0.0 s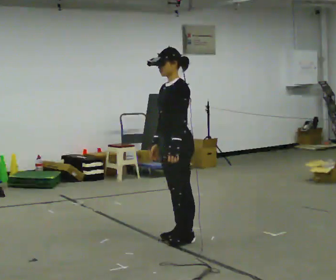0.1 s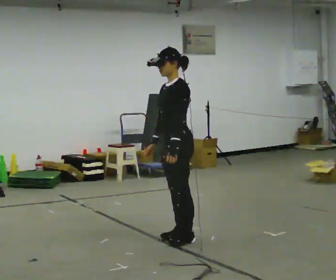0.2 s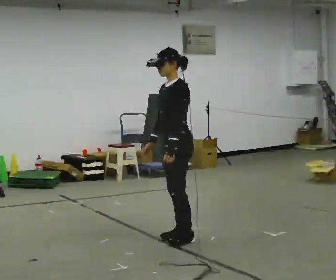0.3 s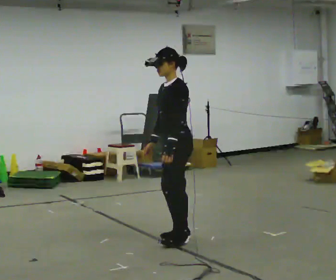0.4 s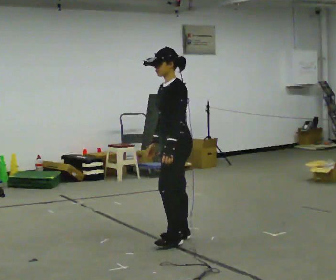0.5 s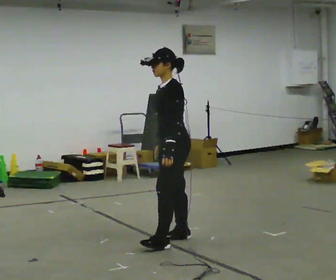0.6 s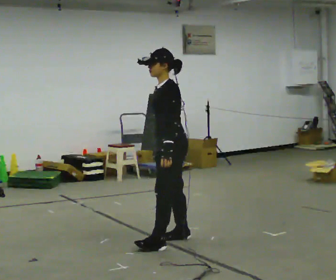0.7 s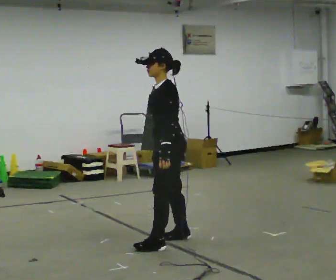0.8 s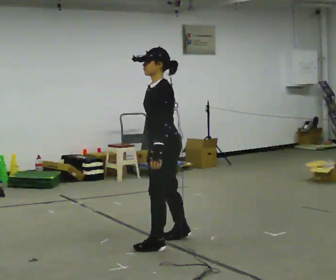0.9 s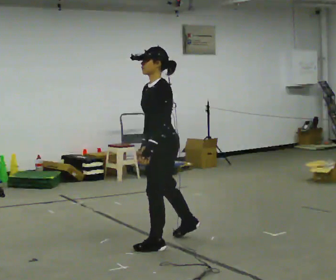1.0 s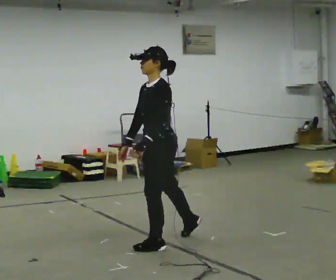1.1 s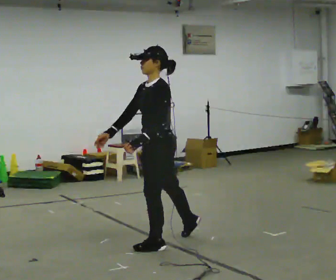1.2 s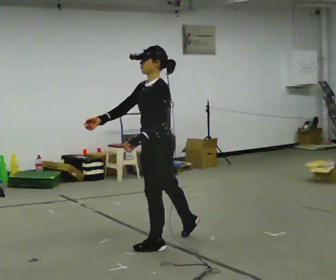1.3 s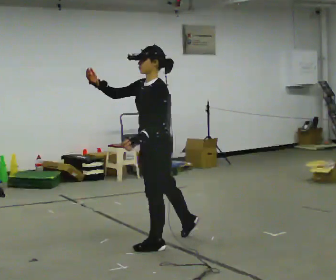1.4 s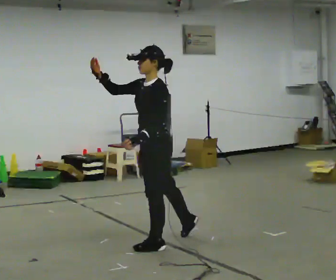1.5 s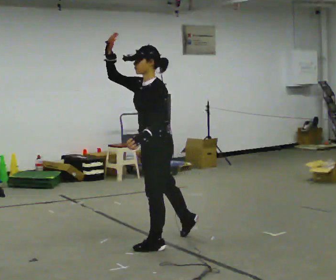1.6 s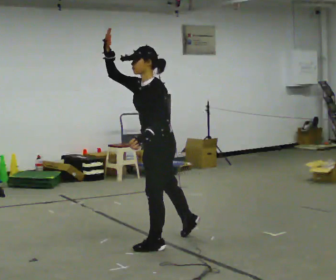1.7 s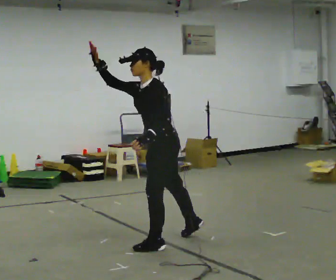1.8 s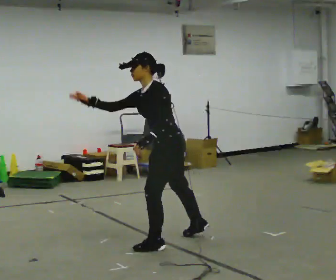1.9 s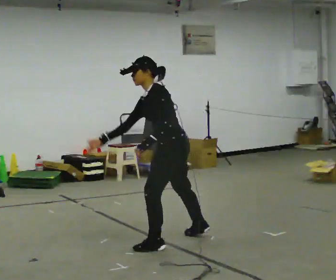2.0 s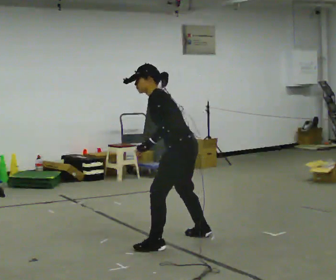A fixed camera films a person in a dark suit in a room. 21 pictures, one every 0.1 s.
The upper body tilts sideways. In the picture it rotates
counterclockwise.
0.0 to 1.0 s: In the picture they go toward the camera, about 0.25 m in 1 step, which for them is forward and to their left.
1.0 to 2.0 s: In the picture they go to the right, about 0.25 m, which for them is backward. In the picture the upper body tilts counterclockwise, shoulders to the left, as they bend forward. In the picture their right hand goes to the right.
The film runs backward here.
